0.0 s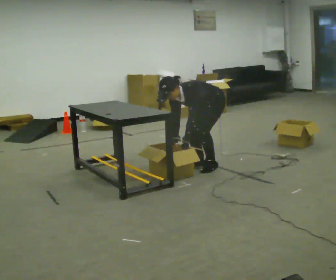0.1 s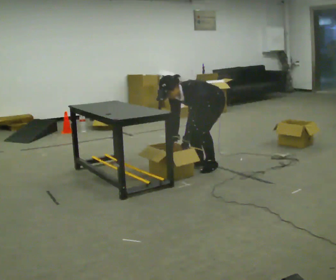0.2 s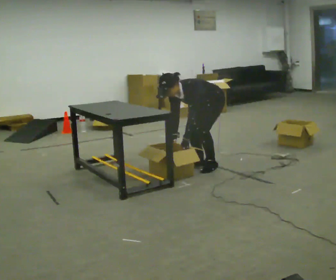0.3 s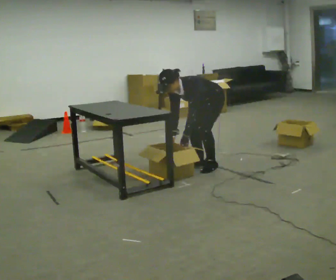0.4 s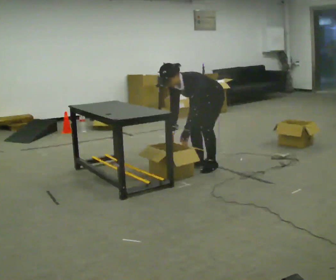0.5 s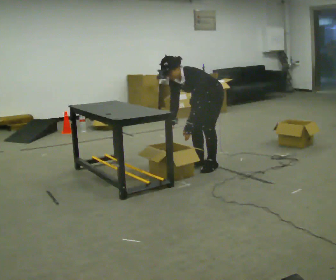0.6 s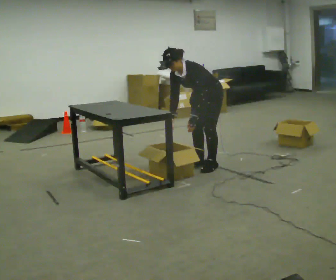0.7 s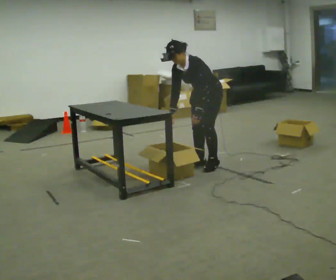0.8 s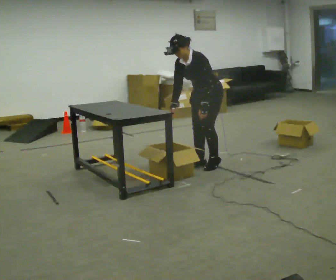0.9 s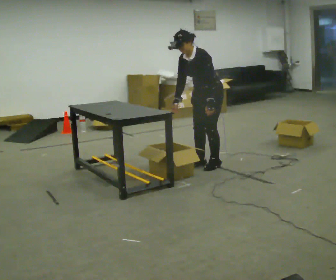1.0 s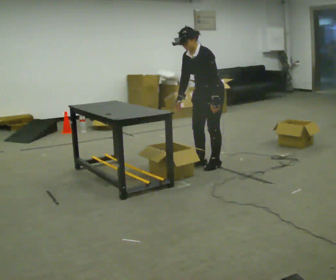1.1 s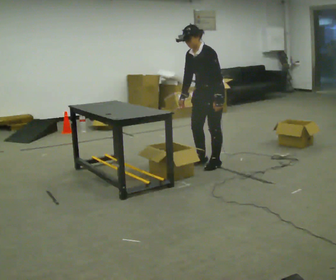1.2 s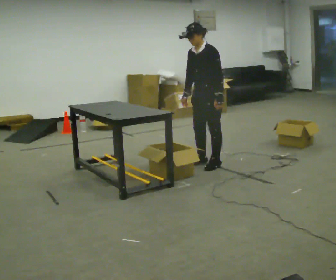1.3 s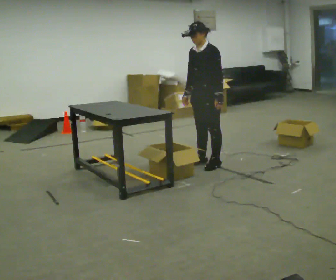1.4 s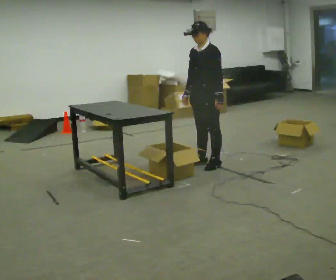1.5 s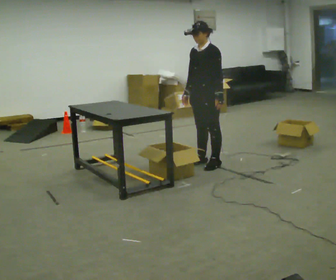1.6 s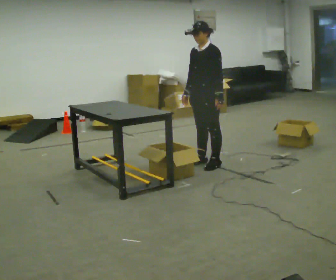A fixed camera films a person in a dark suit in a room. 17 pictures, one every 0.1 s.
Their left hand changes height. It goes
upward.
The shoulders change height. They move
upward.
0.0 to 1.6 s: The shoulders move upward. In the picture the upper body tilts clockwise, shoulders to the right, as they lean back or straighten. In the picture their right hand goes upward.
The film runs backward here.
